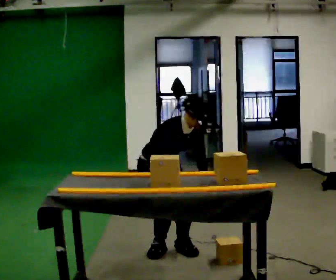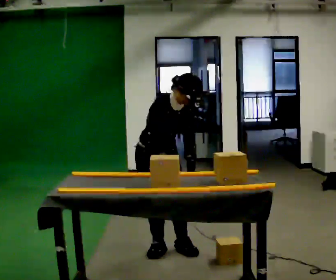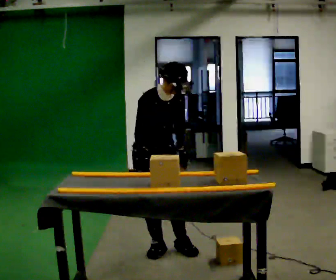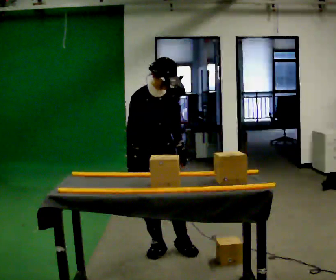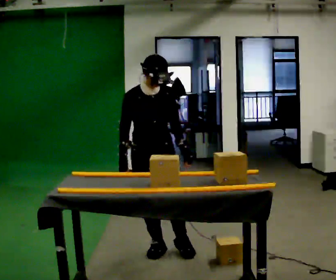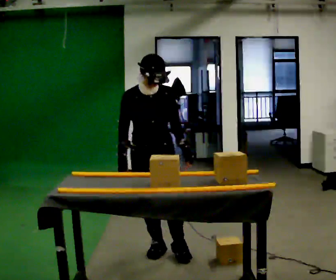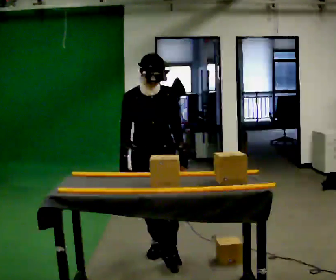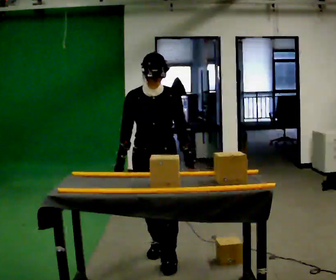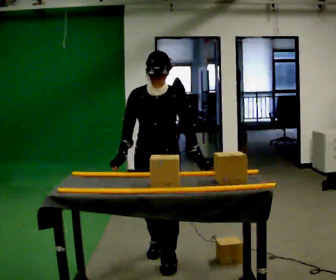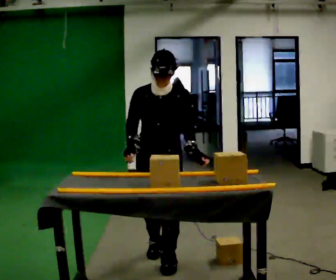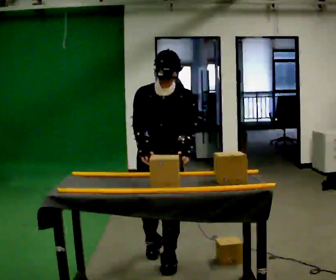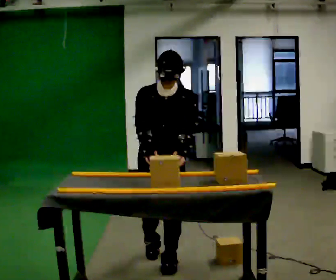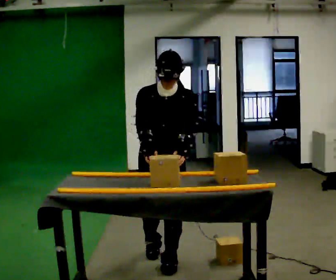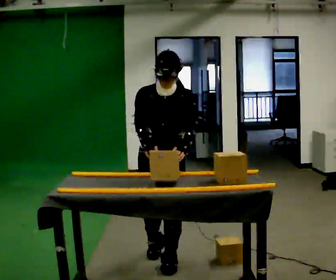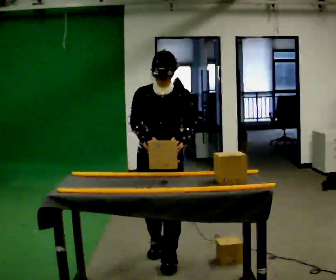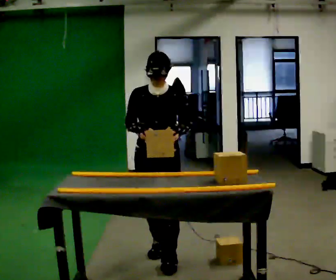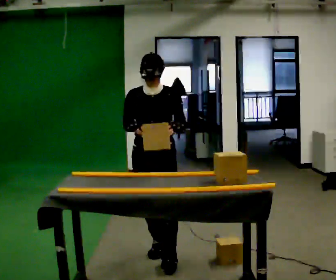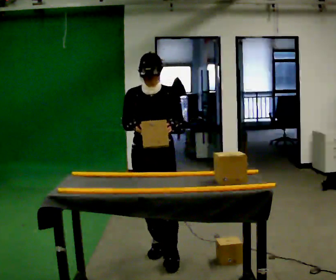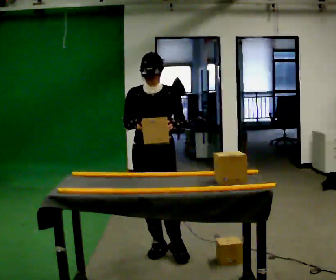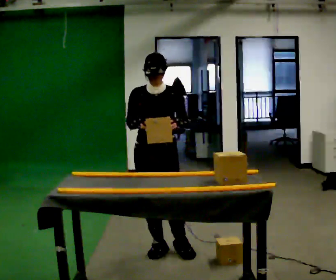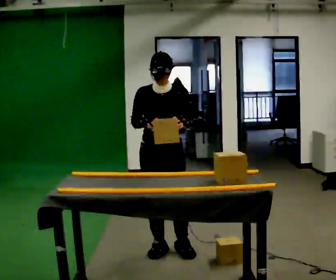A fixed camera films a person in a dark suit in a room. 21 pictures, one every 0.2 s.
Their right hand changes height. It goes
upward.
Their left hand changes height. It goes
upward.
0.0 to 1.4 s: The part of the body nearest the lens slides to the left as the person turns to their right by about 45 degrees. In the picture they go toward the camera, about 0.25 m in 1 step, which for them is forward. The upper body goes upward. In the picture the upper body tilts counterclockwise, shoulders to the left, as they lean back or straighten. In the picture their right hand goes to the left.
1.4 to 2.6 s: The person moves a little, or ends about where they began.
2.6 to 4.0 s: In the picture they go away from the camera, about 0.25 m in 1 step, which for them is backward.
The film runs backward here.
